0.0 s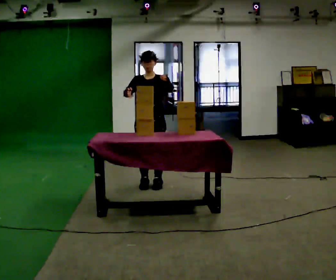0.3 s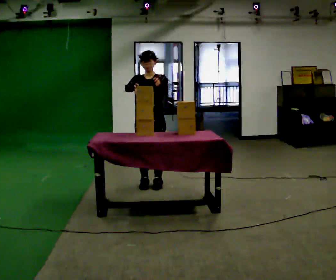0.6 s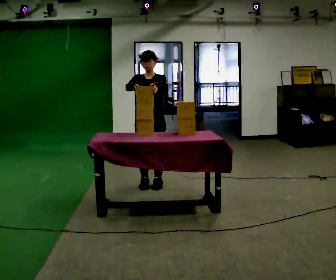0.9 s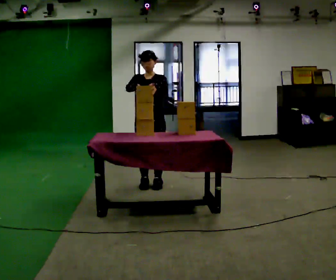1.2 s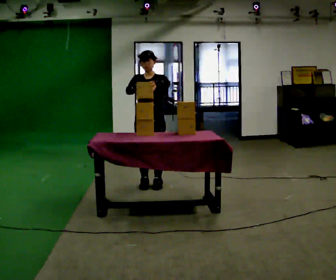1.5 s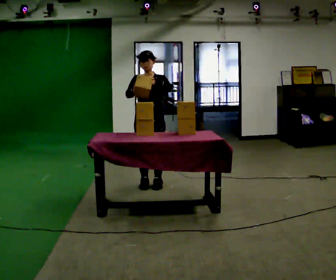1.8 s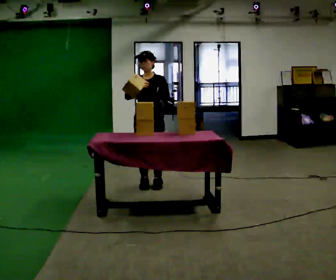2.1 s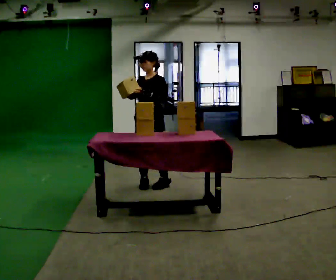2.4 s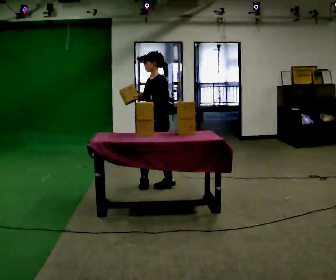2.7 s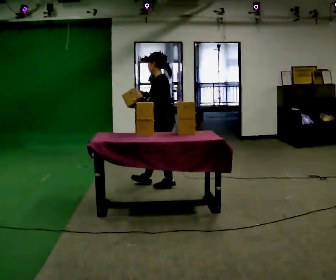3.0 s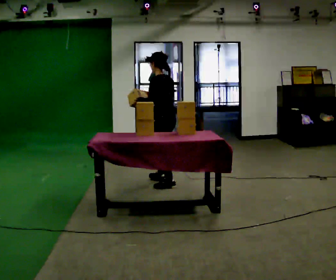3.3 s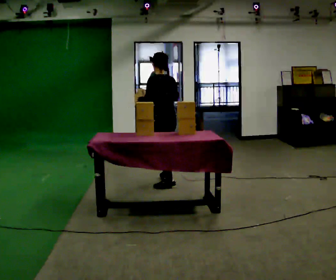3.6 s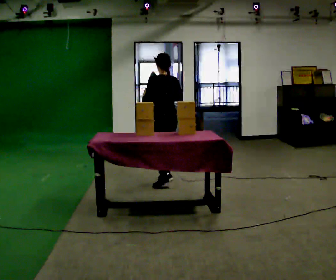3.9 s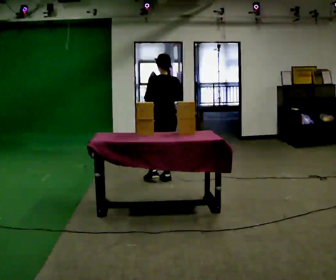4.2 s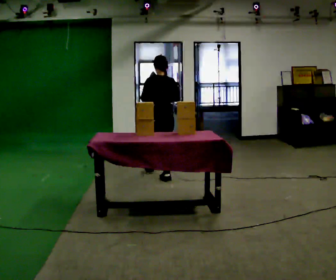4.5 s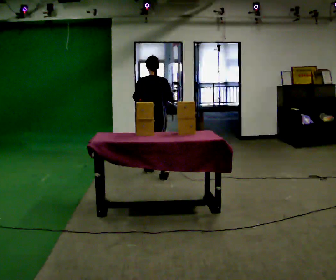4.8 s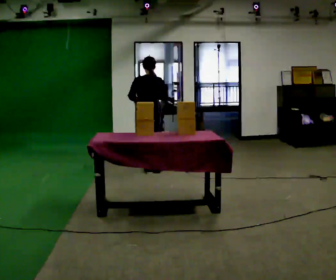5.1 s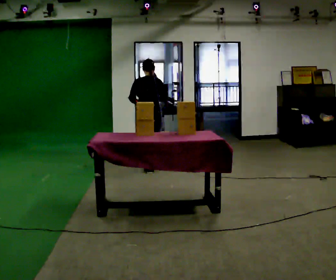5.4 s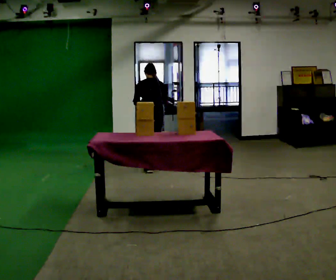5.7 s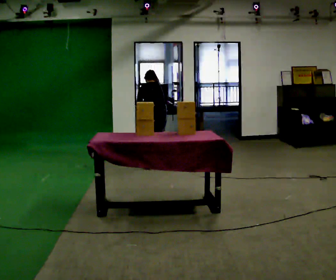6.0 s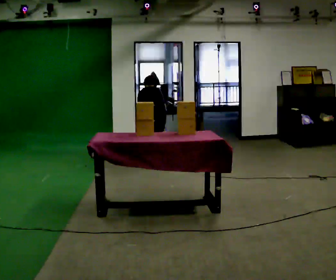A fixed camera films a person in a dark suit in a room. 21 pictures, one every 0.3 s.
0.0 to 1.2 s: The person moves a little, or ends about where they began.
1.2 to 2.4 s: The part of the body nearest the lens slides to the left as the person turns to their right by about 60 degrees.
2.4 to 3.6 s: Seen from above the body turns clockwise, about 75 degrees: to their right, with its near side sliding to the left. In the picture they go away from the camera, about 0.25 m in 1 step.
3.6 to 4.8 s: The person turns about 30 degrees to their right, clockwise seen from above, so the part of the body nearest the lens slides to the left. In the picture they go away from the camera and to the left, about 0.5 m in 1 step, which for them is forward.
4.8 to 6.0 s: In the picture they go away from the camera, about 0.25 m in 2 steps, which for them is forward. The upper body goes downward. The upper body tips away from the camera, its near side rolling upward, as they bend forward. In the picture their right hand goes downward.
The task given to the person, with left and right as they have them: Pick an object up off the floor at one end of the room, carry it across, and place it on the waist-height shelf at the other end. Keep going until the operator says stop; one object at a time, and do not rush between trips.
The film runs forward here.
